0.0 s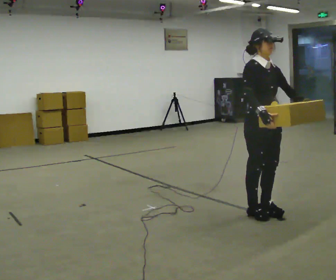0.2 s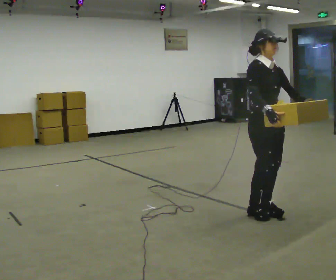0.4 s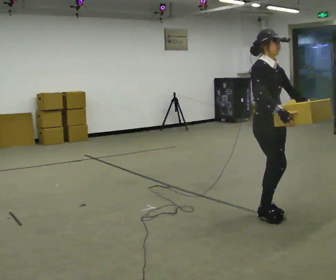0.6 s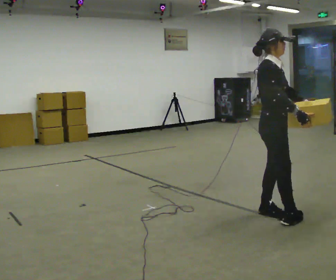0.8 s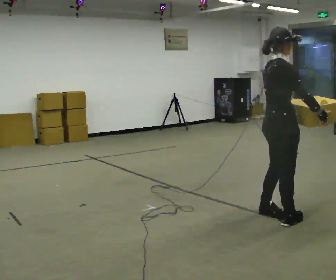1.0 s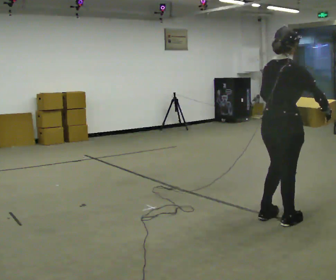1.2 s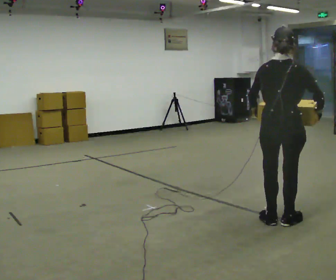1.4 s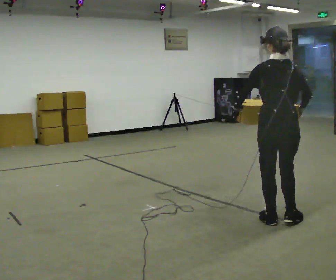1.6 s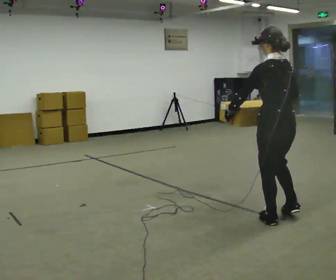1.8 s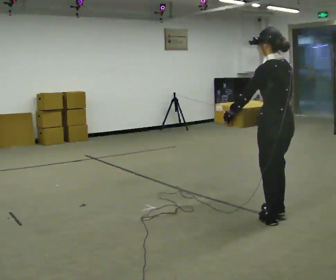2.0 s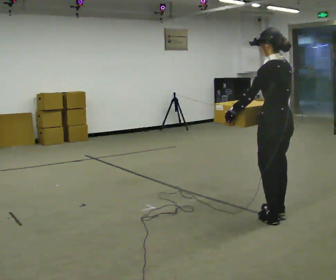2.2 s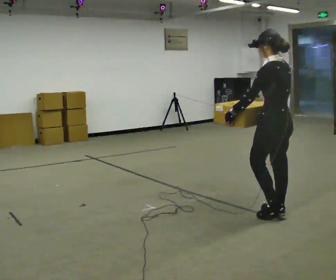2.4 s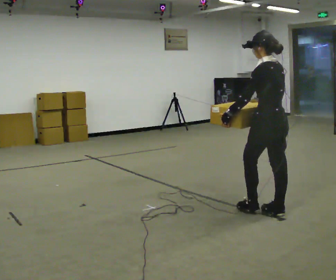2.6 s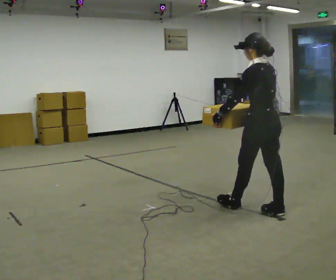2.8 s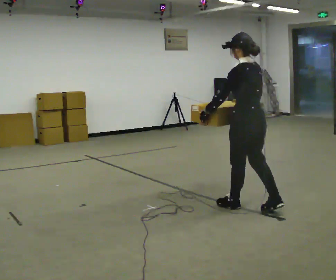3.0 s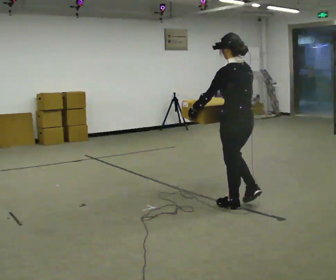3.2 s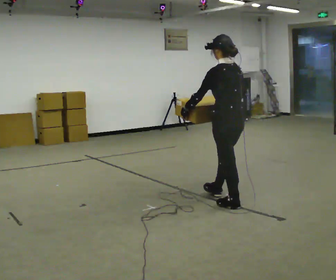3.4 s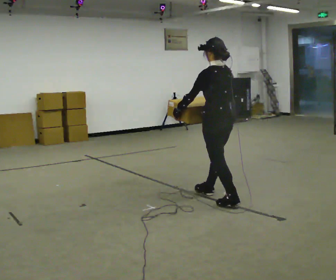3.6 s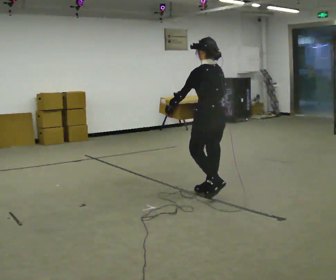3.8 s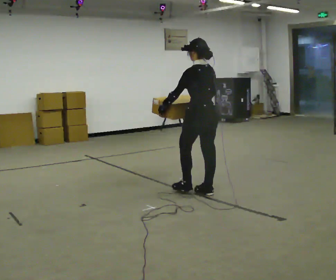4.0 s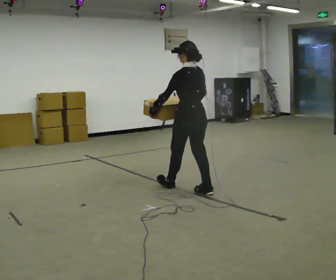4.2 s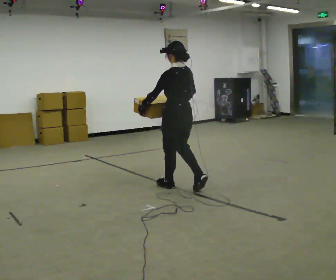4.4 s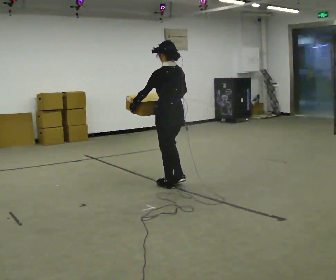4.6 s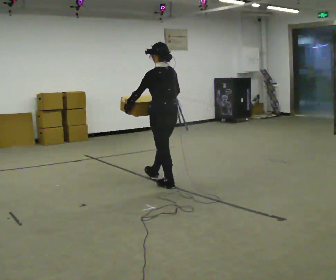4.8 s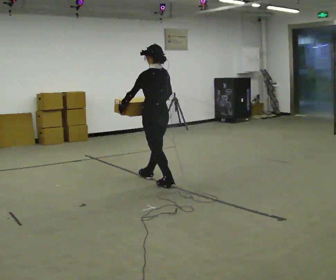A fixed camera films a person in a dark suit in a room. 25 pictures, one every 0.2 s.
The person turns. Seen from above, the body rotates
counterclockwise.
The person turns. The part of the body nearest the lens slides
to the right.
0.0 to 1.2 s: Seen from above the body turns counterclockwise, about 120 degrees: to their left, with its near side sliding to the right. In the picture they go toward the camera and to the right, about 0.25 m in 2 steps.
1.2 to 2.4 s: The person turns about 60 degrees to their left, counterclockwise seen from above, so the part of the body nearest the lens slides to the right. In the picture they go away from the camera, about 0.25 m in 1 step.
2.4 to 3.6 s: In the picture they go to the left and away from the camera, about 1 m in 2 steps, which for them is forward.
3.6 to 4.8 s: In the picture they go to the left and away from the camera, about 1 m in 2 steps, which for them is forward.
The film runs forward here.
